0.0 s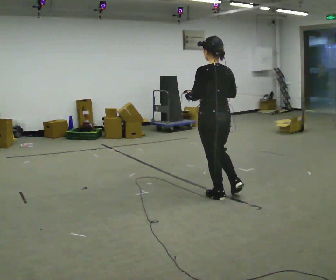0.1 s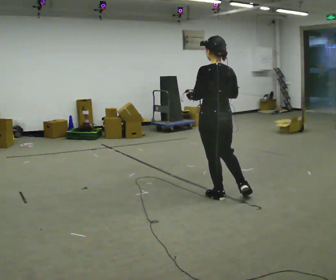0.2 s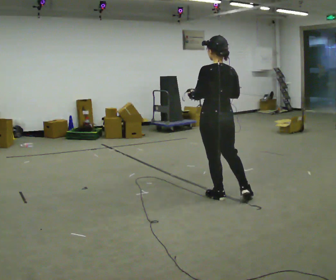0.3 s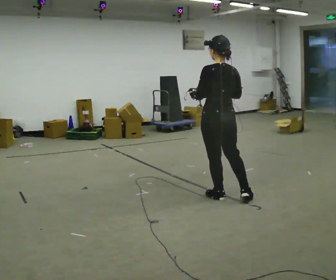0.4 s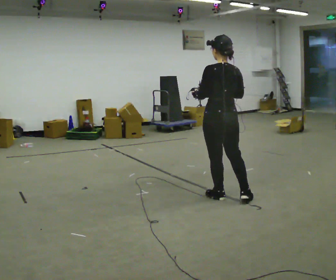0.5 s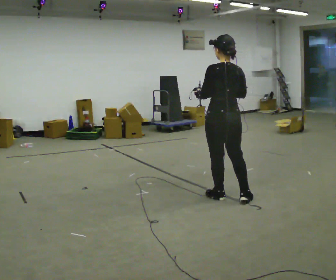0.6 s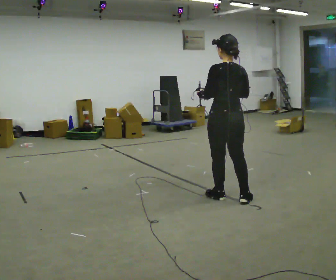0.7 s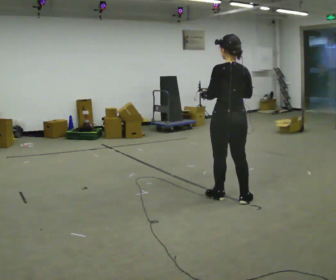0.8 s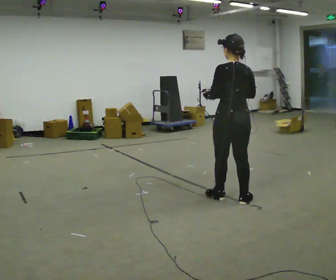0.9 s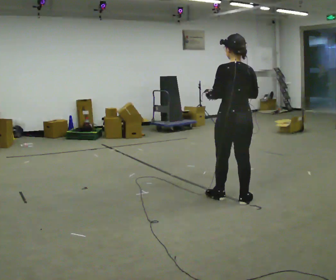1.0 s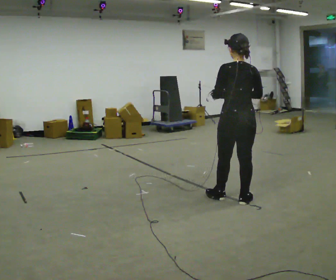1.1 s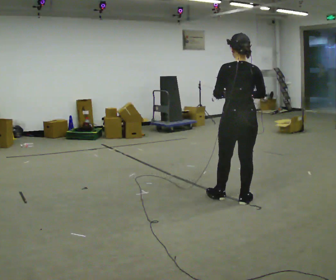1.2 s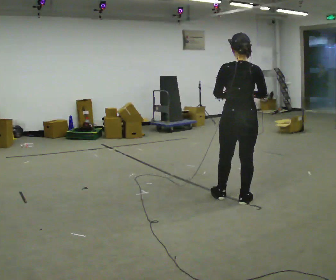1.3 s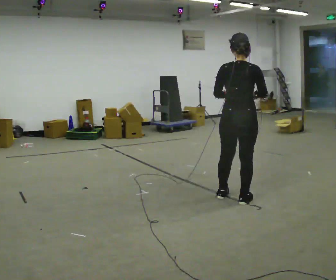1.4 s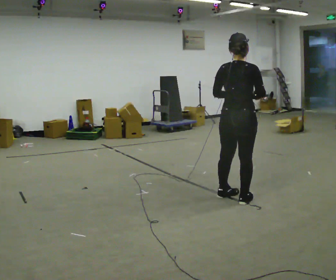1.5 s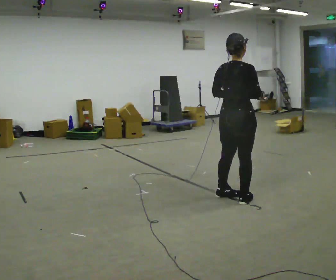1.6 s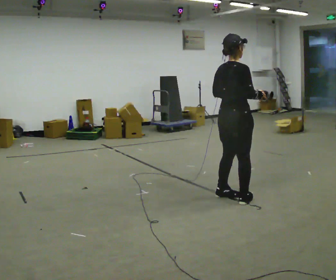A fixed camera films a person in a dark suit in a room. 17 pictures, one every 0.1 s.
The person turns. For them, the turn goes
to their right.
The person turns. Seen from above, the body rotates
clockwise.
0.0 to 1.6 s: The part of the body nearest the lens slides to the left as the person turns to their right by about 75 degrees. In the picture they go to the right, about 0.25 m. In the picture their right hand goes to the right.
The film runs backward here.
